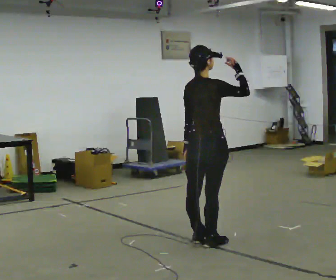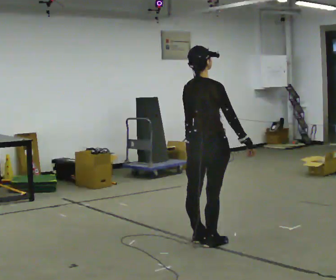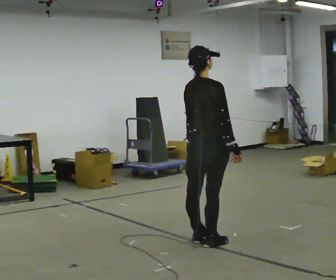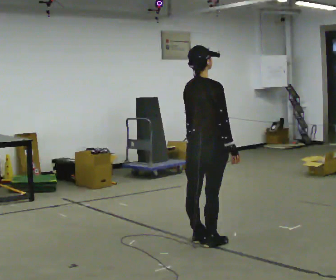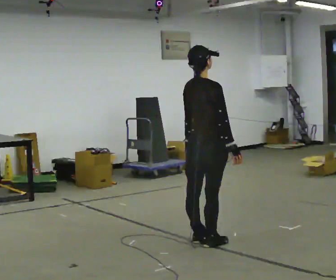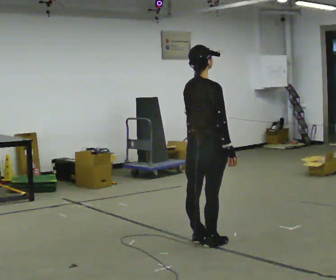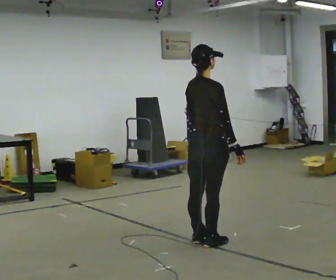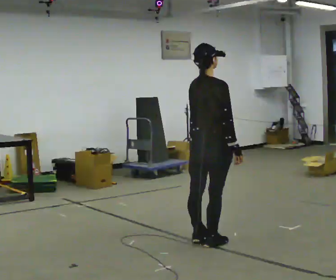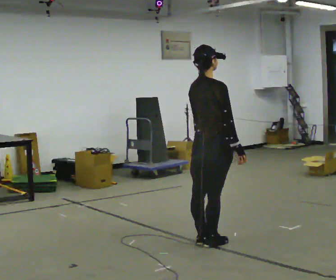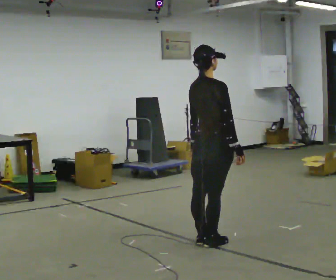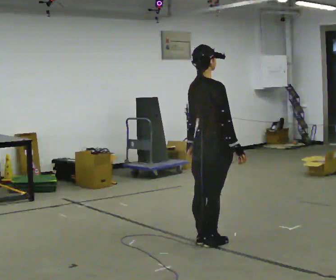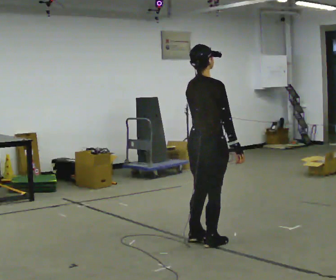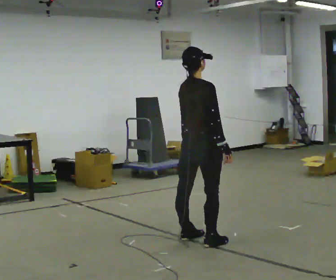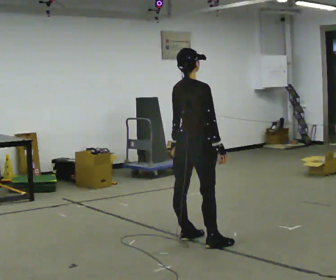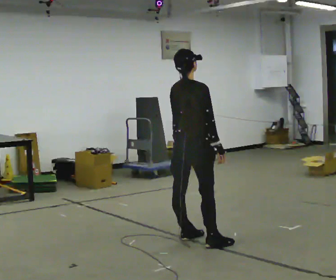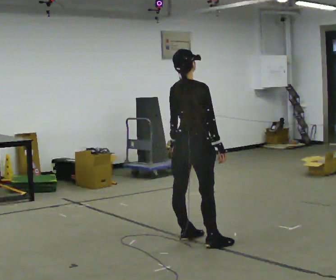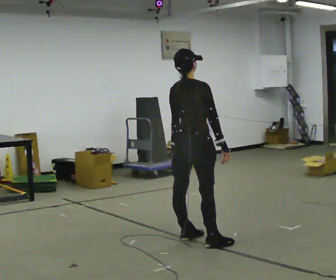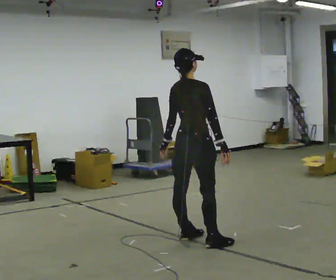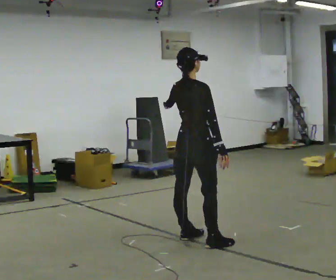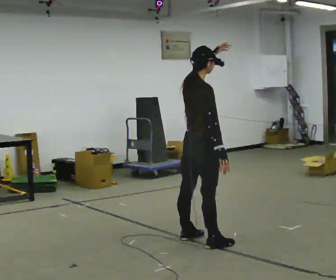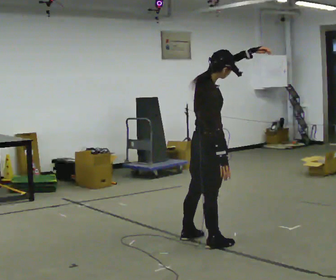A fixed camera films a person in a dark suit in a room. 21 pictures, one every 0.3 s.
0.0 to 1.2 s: In the picture their right hand goes downward, the arm swinging clockwise.
1.2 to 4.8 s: The person moves a little, or ends about where they began.
4.8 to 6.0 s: Seen from above the body turns clockwise, about 30 degrees: to their right, with its near side sliding to the left. In the picture their left hand goes upward and to the right.
The film runs backward here.
